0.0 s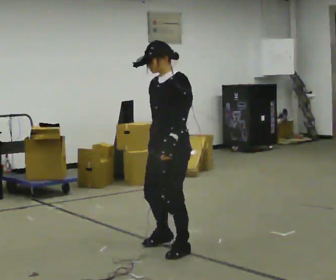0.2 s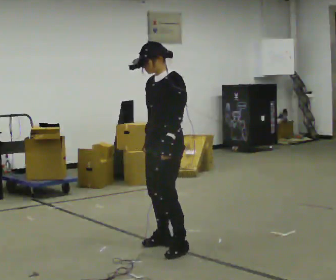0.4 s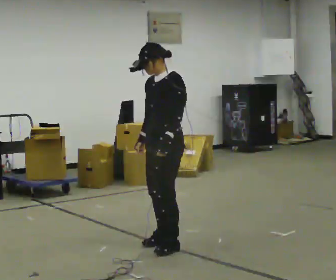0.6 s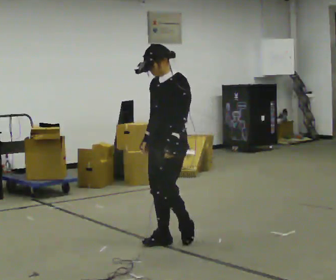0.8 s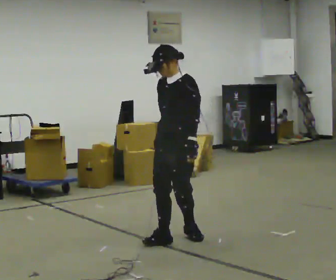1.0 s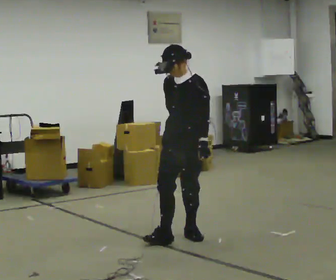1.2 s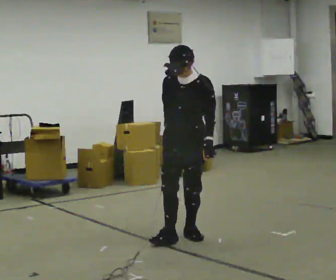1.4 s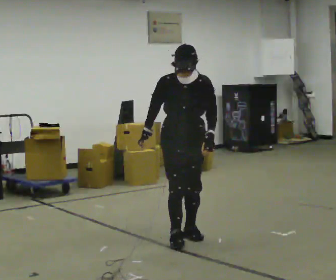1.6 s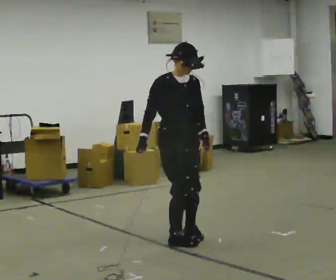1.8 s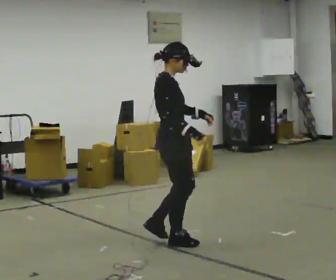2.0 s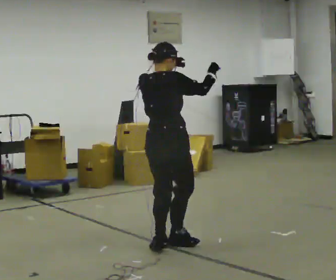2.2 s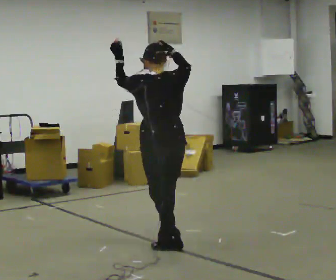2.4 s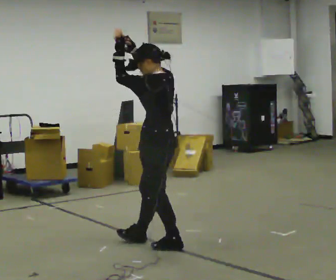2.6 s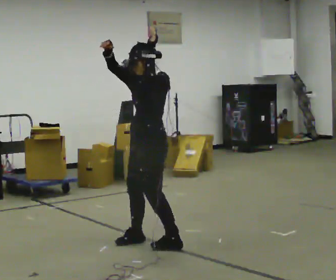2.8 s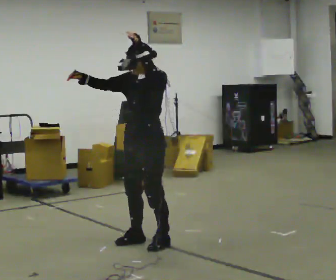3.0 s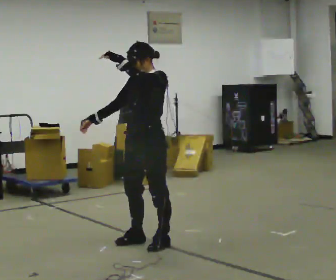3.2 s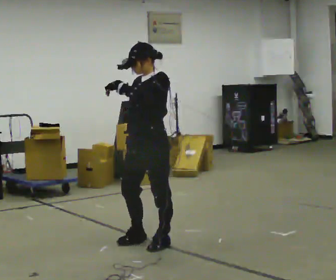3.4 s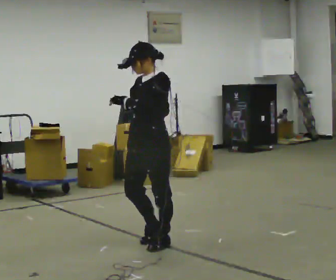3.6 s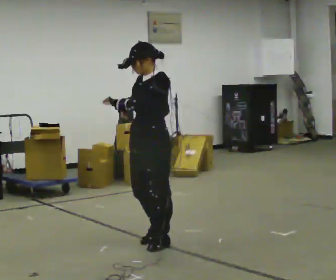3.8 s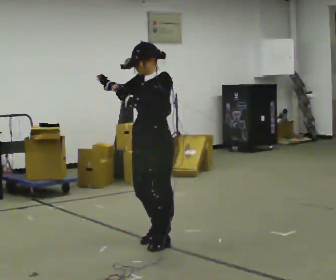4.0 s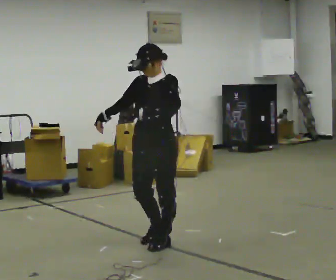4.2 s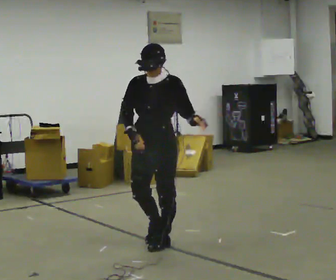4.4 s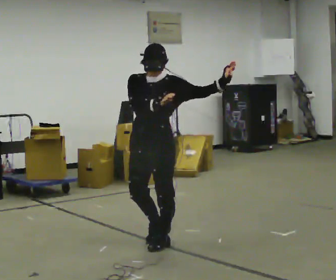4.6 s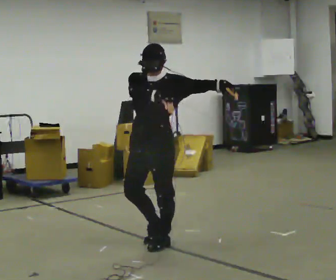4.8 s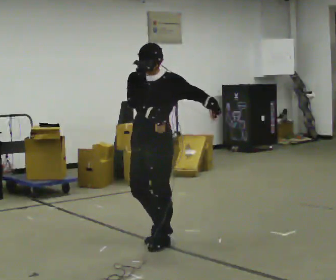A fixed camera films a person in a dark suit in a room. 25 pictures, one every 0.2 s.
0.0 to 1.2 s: In the picture they go away from the camera, about 0.25 m in 1 step, which for them is backward and to their right.
1.2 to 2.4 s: The part of the body nearest the lens slides to the right as the person turns to their left by about 270 degrees. In the picture they go toward the camera and to the left, about 0.25 m in 2 steps. In the picture their left hand goes upward.
2.4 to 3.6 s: The part of the body nearest the lens slides to the right as the person turns to their left by about 60 degrees. In the picture their right hand goes downward.
3.6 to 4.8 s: In the picture their right hand goes to the right.
The film runs backward here.
